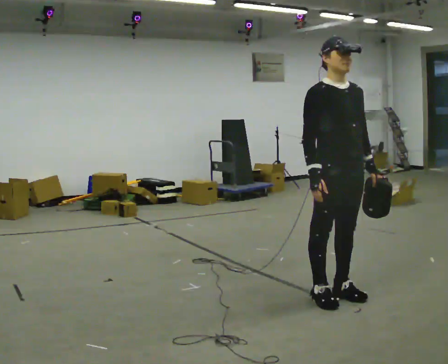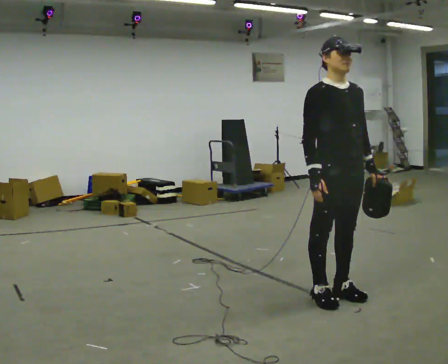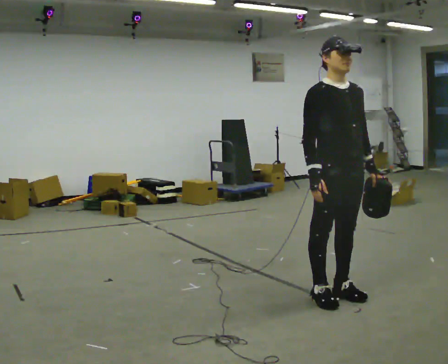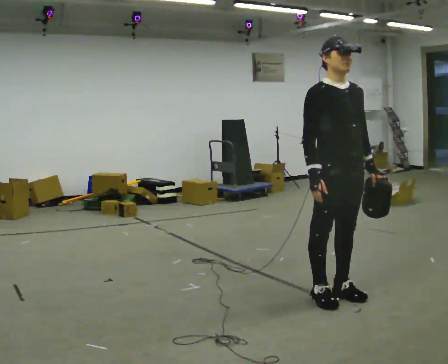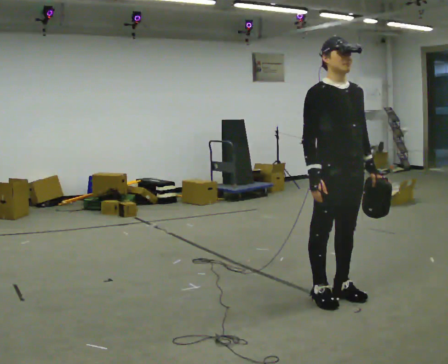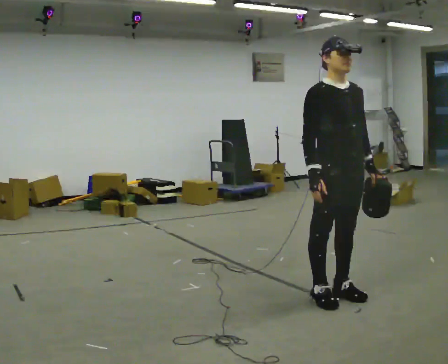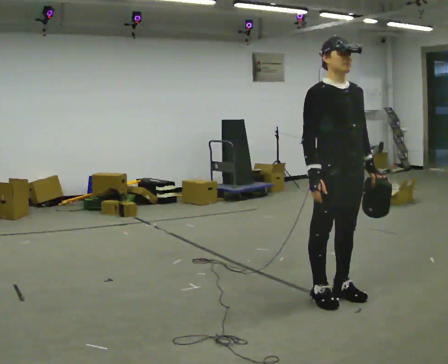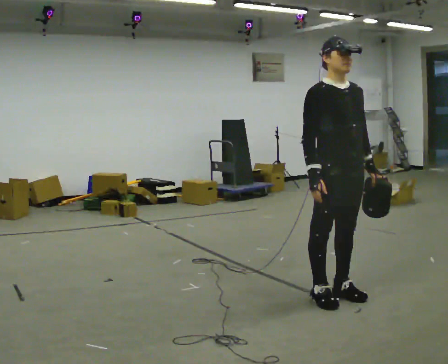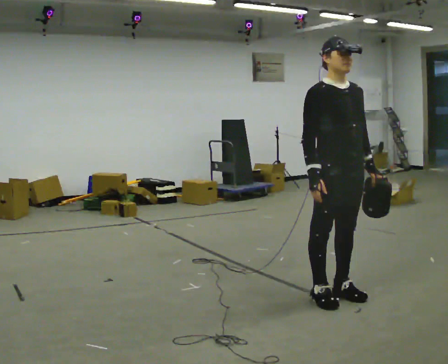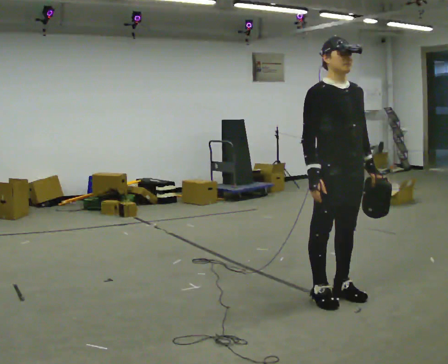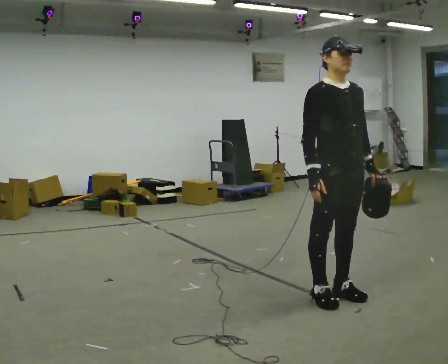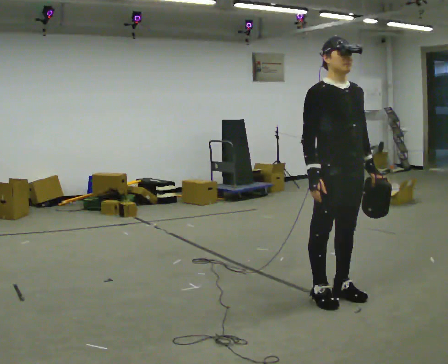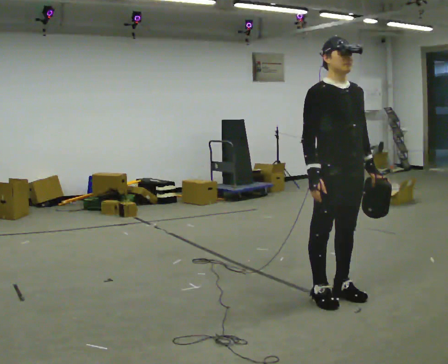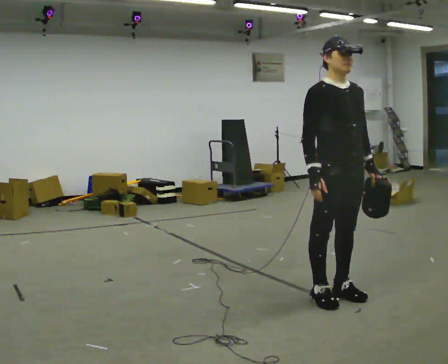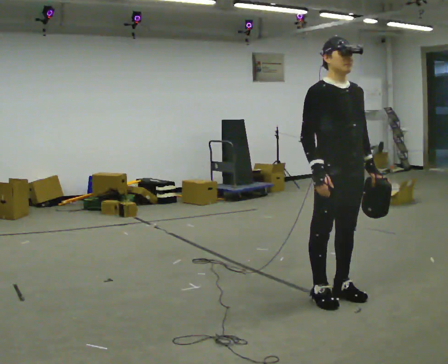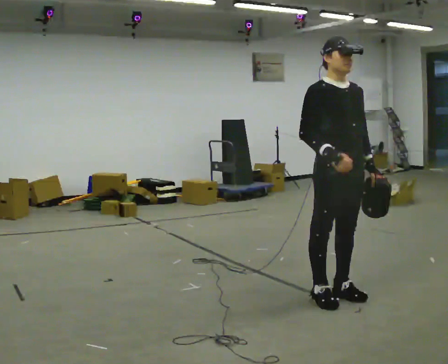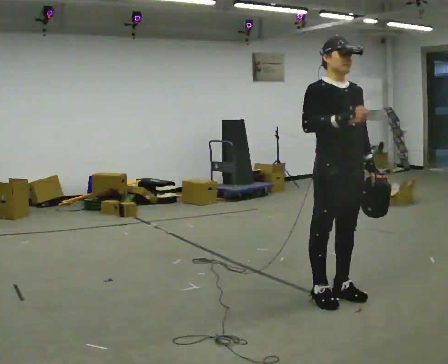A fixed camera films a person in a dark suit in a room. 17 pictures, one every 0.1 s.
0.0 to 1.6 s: In the picture their right hand goes upward.
The film runs forward here.
